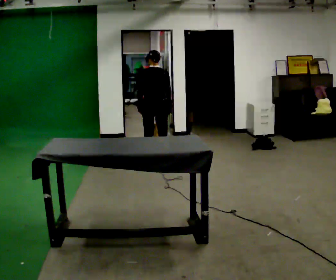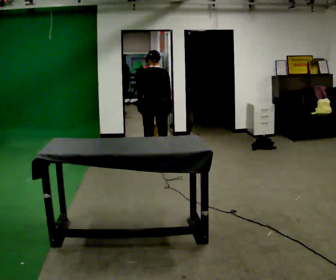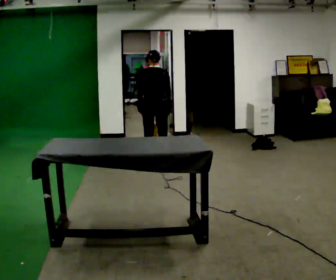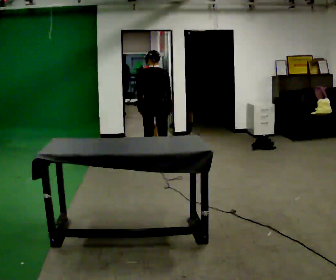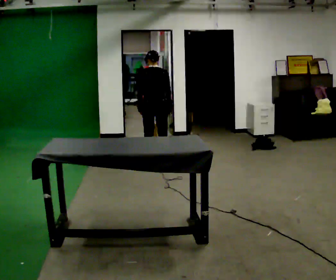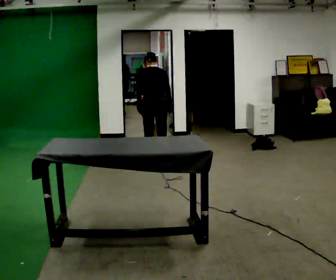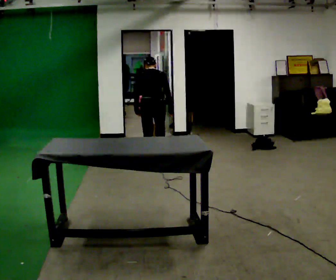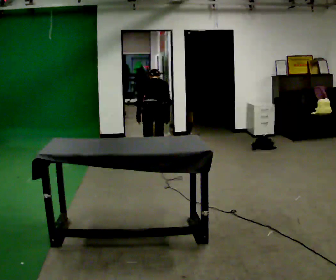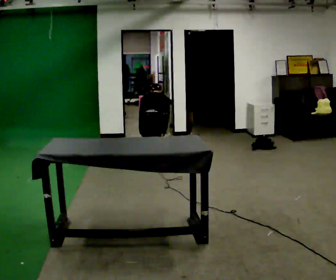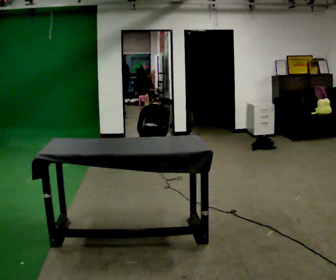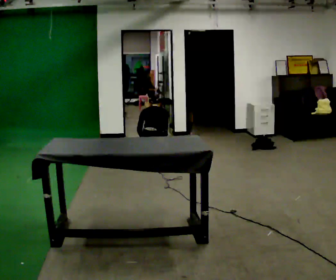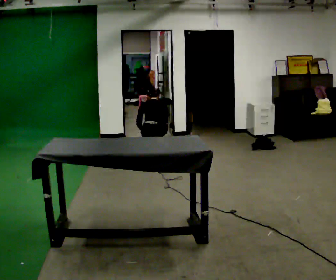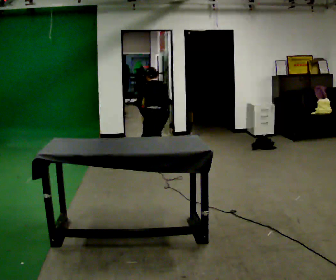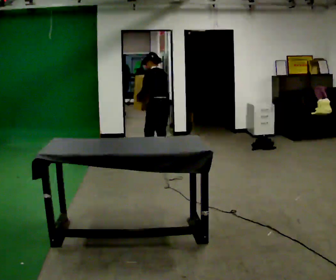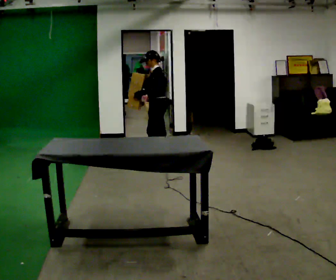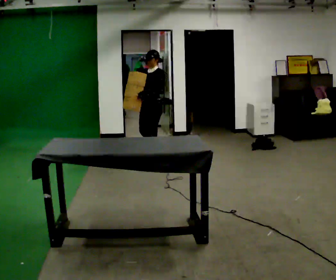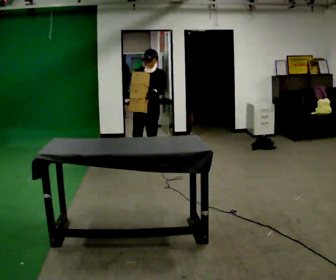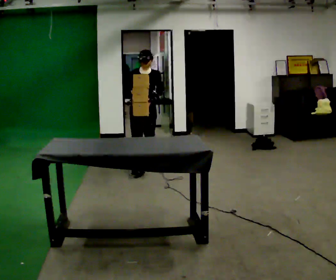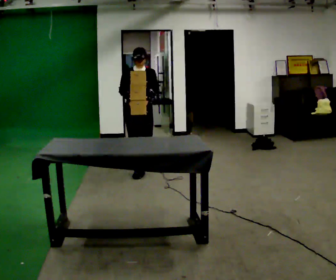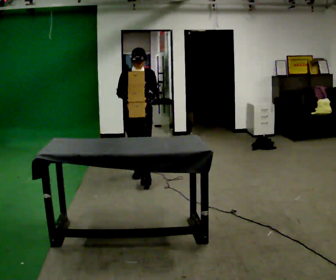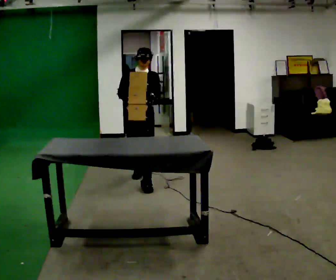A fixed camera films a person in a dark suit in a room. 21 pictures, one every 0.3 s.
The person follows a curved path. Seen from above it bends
counterclockwise.
The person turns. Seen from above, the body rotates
counterclockwise.
0.0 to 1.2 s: The person keeps their place and pose.
1.2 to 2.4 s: The shoulders move downward. The upper body tips away from the camera, its near side rolling upward, as they bend forward. In the picture their right hand goes downward.
2.4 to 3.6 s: The upper body tips toward the camera, its near side rolling downward, as they lean back or straighten.
3.6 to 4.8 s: The part of the body nearest the lens slides to the right as the person turns to their left by about 150 degrees. In the picture they go to the left and toward the camera, about 0.25 m. The upper body goes upward. The upper body tips toward the camera, its near side rolling downward, as they lean back or straighten.
4.8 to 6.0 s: In the picture they go toward the camera, about 1 m in 2 steps, which for them is forward.
The film runs forward here.
